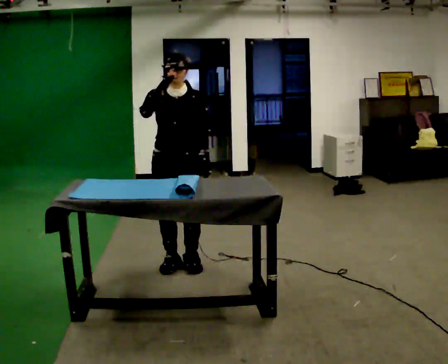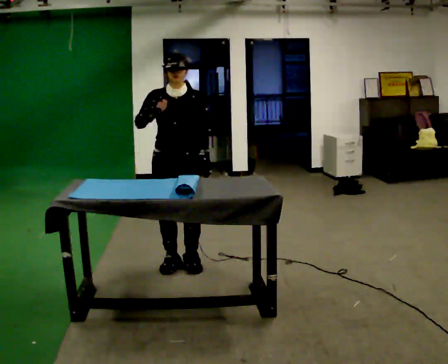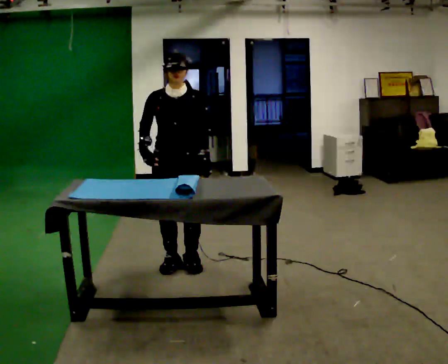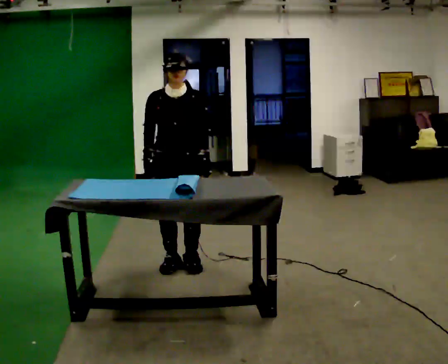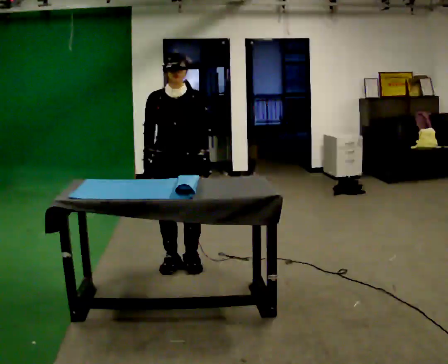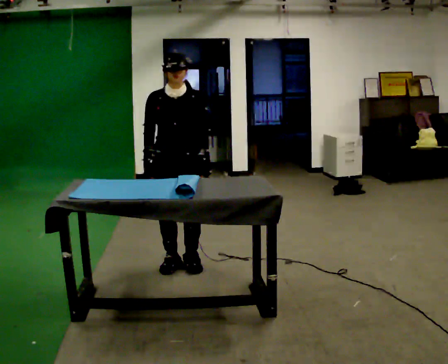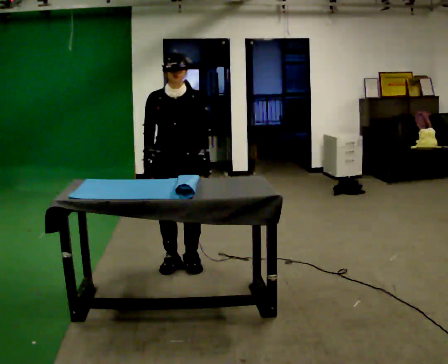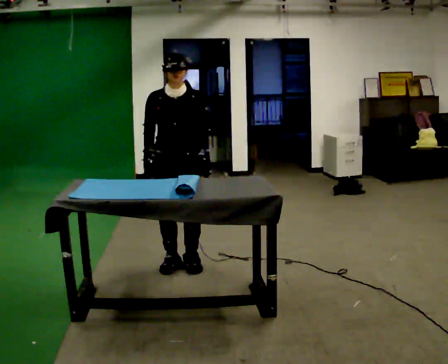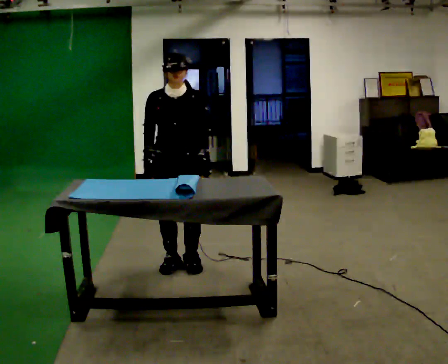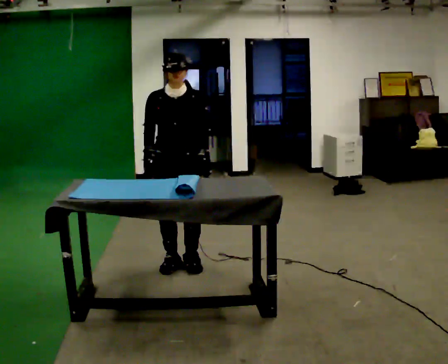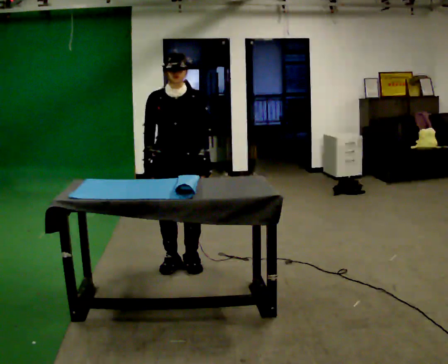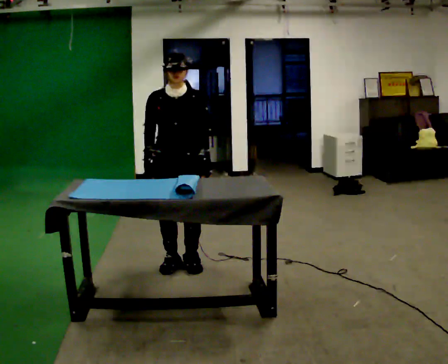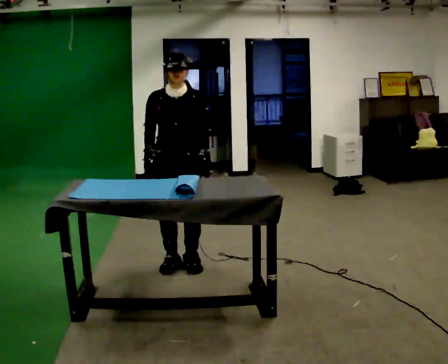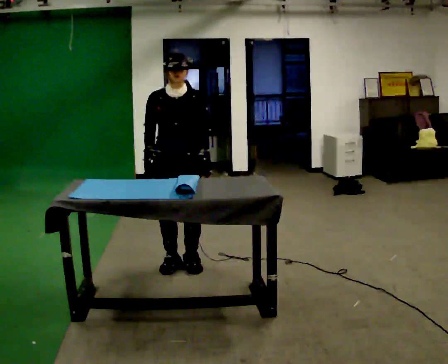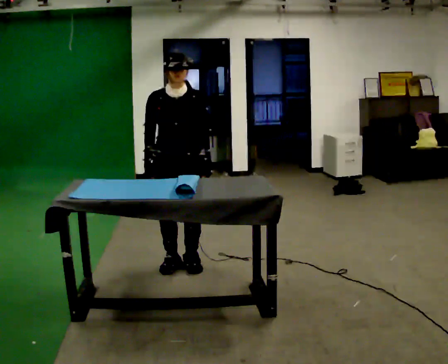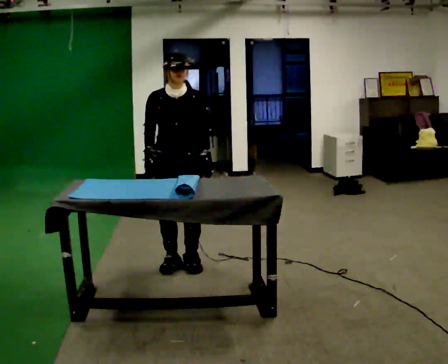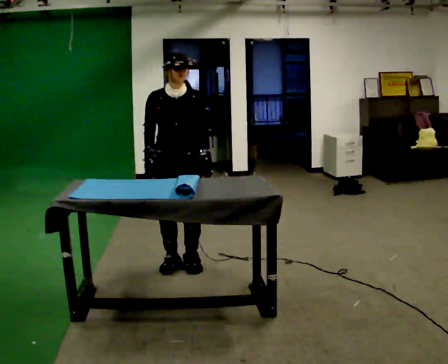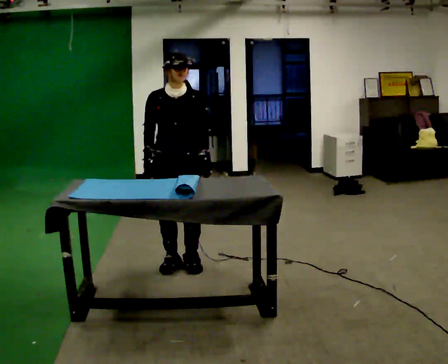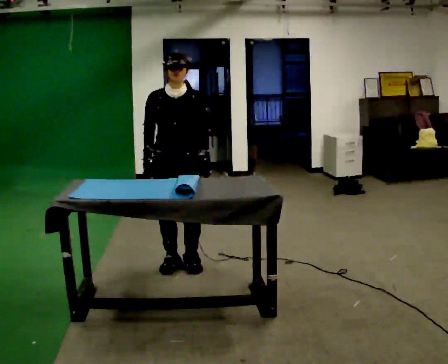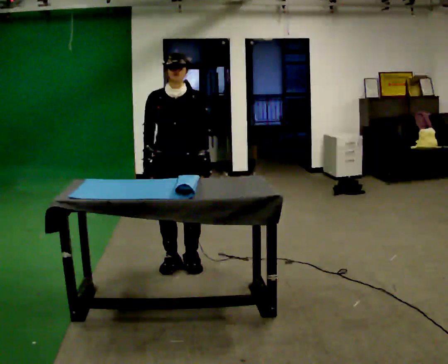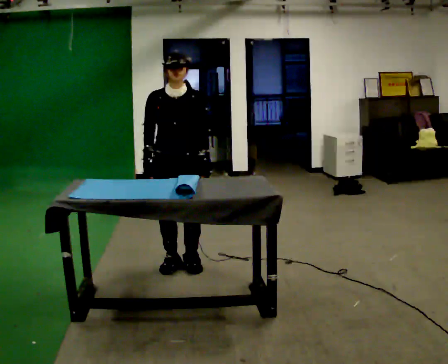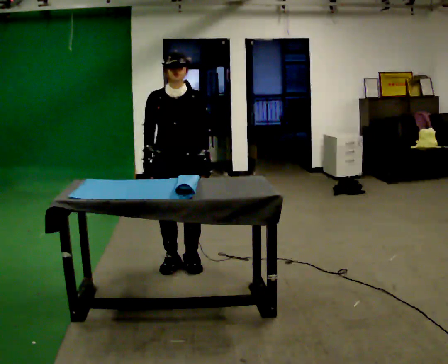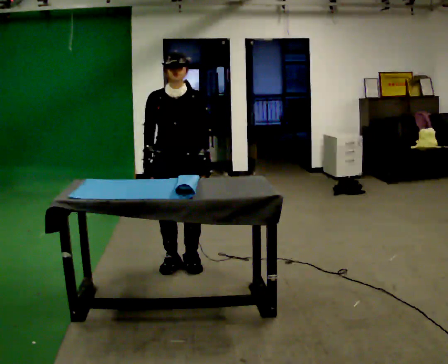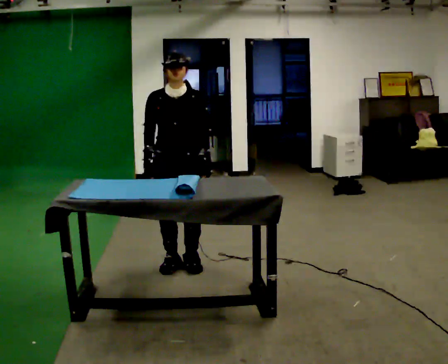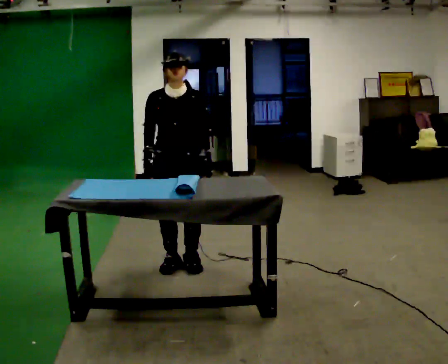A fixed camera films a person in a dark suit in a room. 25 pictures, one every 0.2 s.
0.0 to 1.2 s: In the picture their right hand goes downward.
1.2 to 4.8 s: The person moves a little, or ends about where they began.
The film runs backward here.
